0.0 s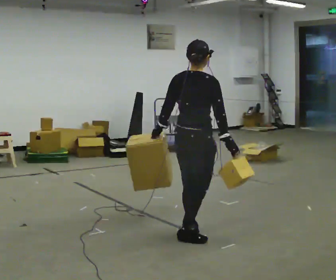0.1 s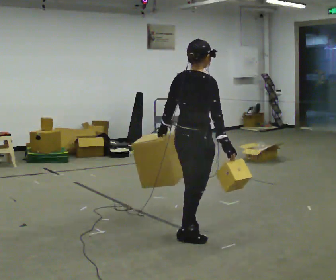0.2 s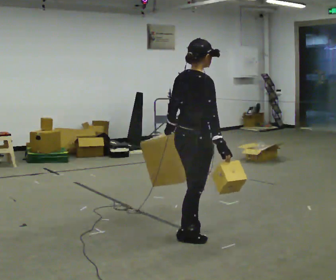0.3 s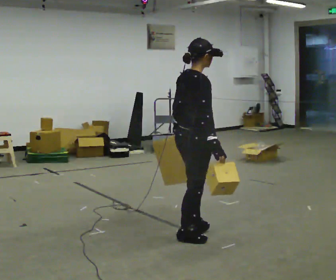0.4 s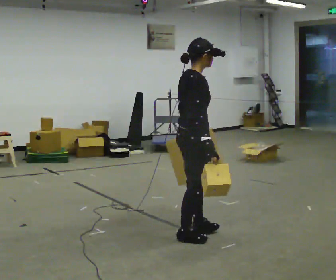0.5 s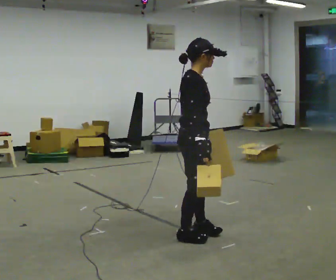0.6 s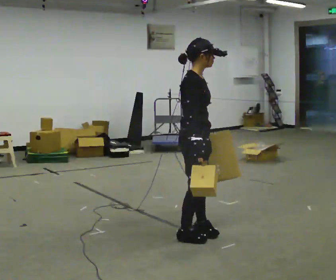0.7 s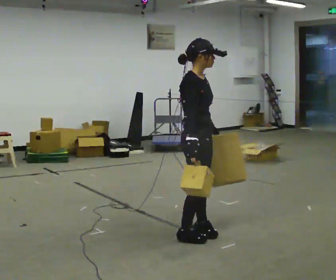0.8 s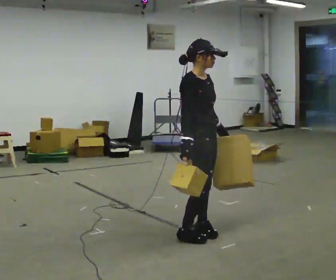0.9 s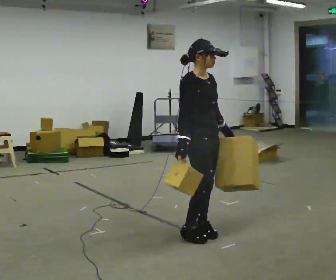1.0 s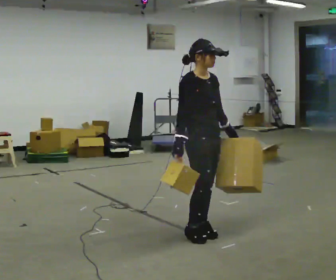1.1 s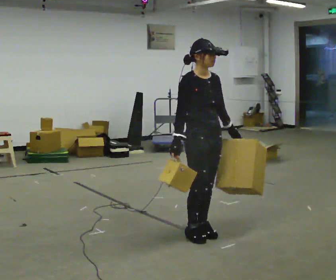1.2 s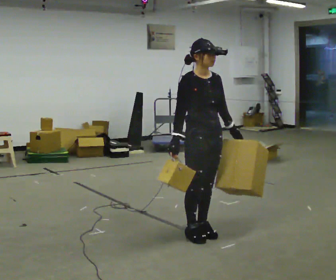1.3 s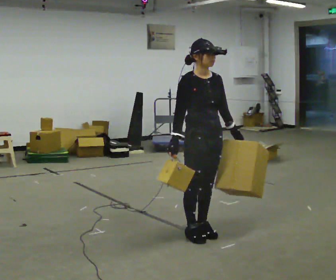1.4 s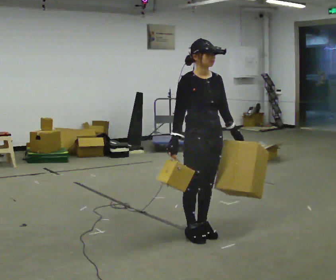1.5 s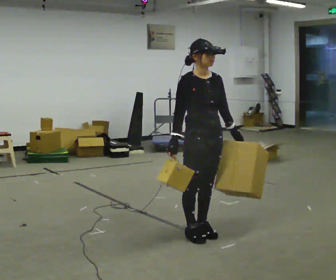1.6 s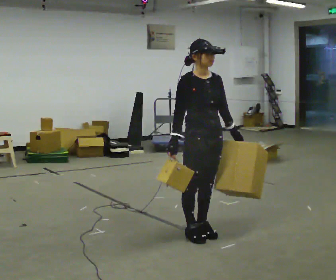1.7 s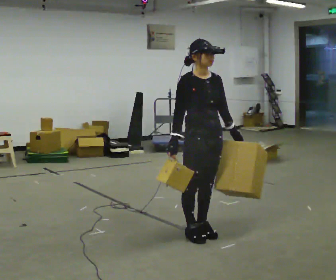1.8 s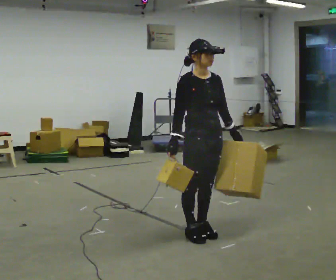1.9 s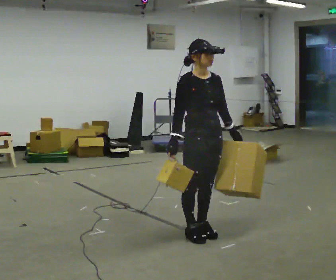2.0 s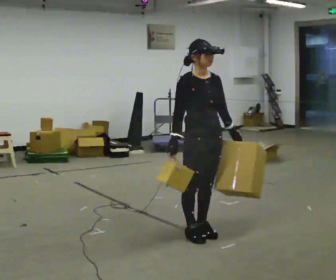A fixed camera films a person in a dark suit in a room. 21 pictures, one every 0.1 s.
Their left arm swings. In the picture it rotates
counterclockwise.
The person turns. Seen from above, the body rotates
clockwise.
0.0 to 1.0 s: The person turns about 90 degrees to their right, clockwise seen from above, so the part of the body nearest the lens slides to the left. In the picture their left hand goes to the right, the arm swinging counterclockwise.
1.0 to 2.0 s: The person moves a little, or ends about where they began.
The film runs backward here.
